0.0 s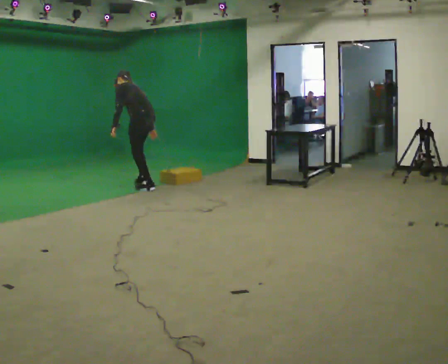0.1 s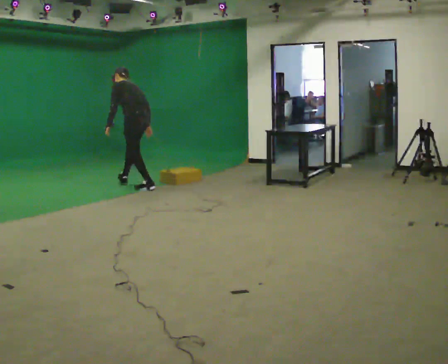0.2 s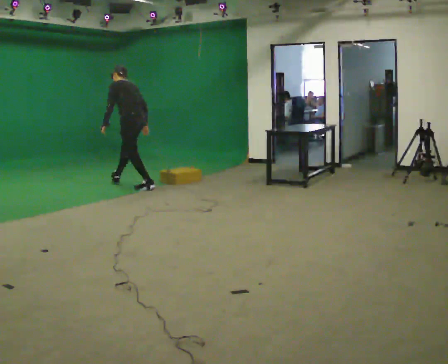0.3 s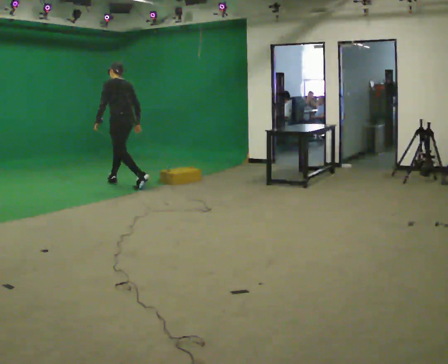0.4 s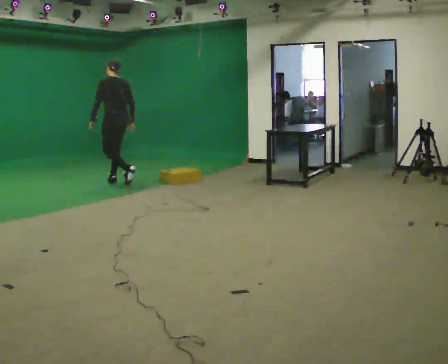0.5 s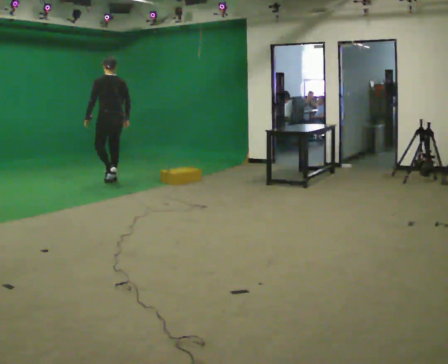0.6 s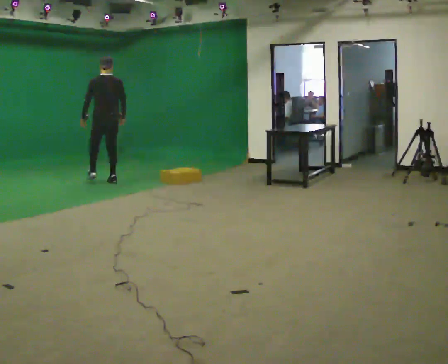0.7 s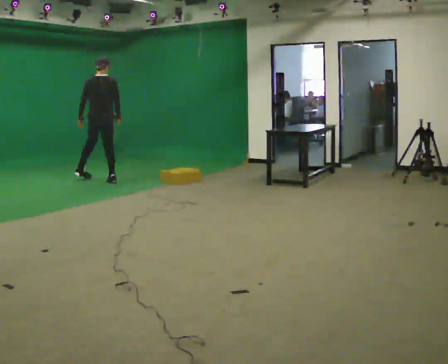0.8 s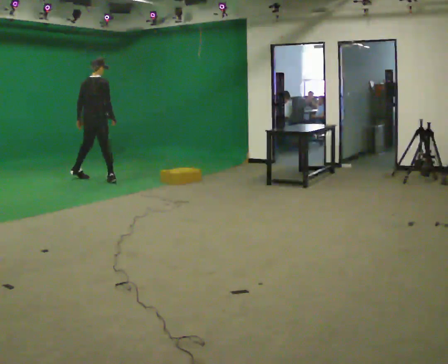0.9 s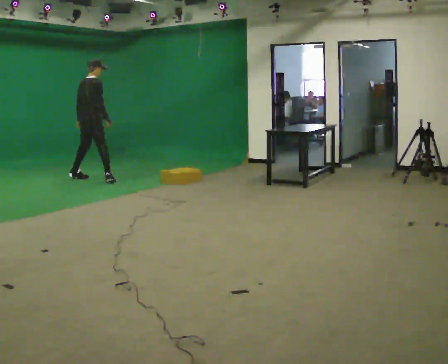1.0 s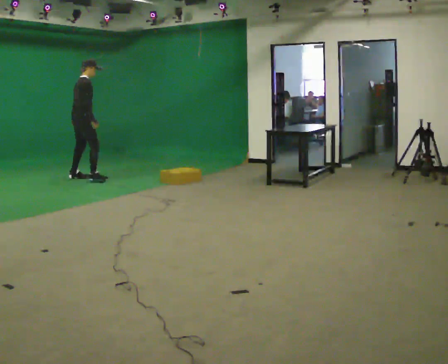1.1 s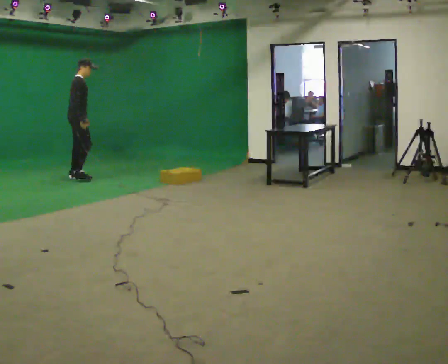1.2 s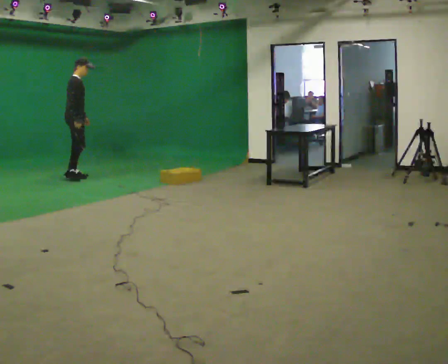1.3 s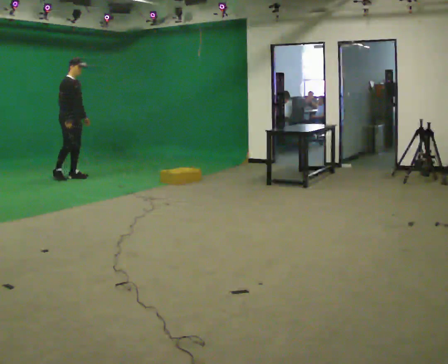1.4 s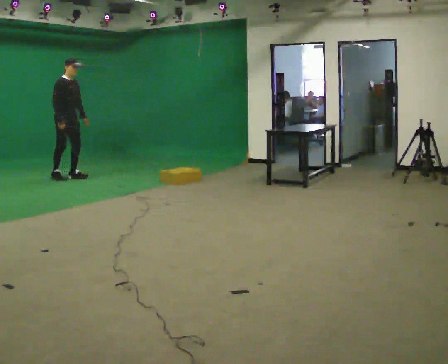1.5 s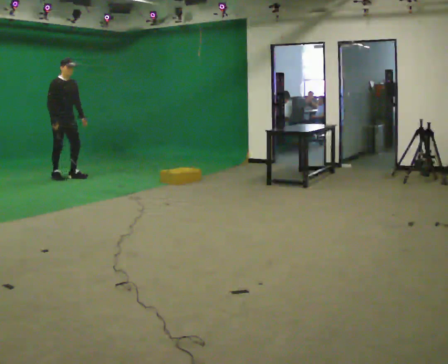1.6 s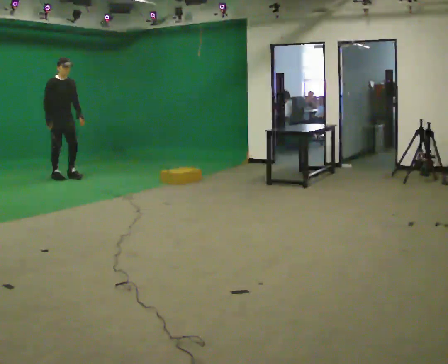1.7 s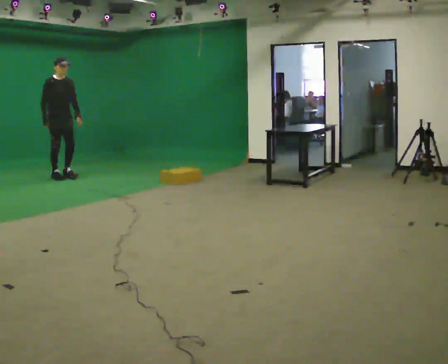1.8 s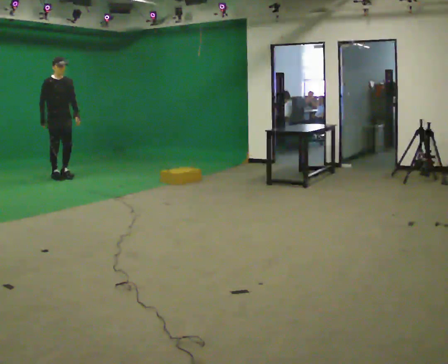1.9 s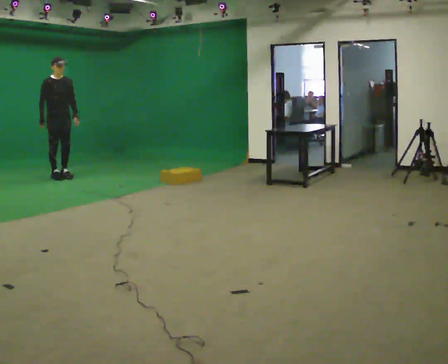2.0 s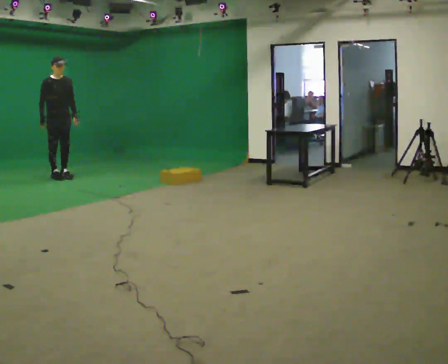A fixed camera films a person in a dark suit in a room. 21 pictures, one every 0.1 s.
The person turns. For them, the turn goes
to their right.
The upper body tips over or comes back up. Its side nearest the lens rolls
downward.
0.0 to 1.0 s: The person turns about 120 degrees to their right, clockwise seen from above, so the part of the body nearest the lens slides to the left. In the picture they go to the left and away from the camera, about 1 m in 2 steps. In the picture the upper body tilts clockwise, shoulders to the right, as they lean back or straighten.
1.0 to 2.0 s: The part of the body nearest the lens slides to the left as the person turns to their right by about 75 degrees. In the picture they go to the left, about 0.25 m in 2 steps.
The film runs forward here.
